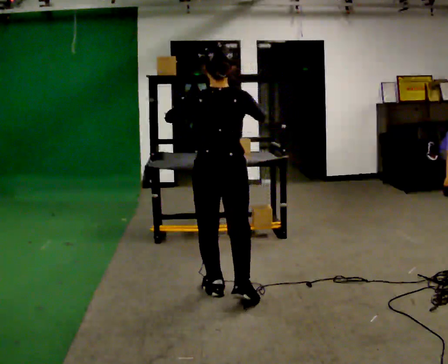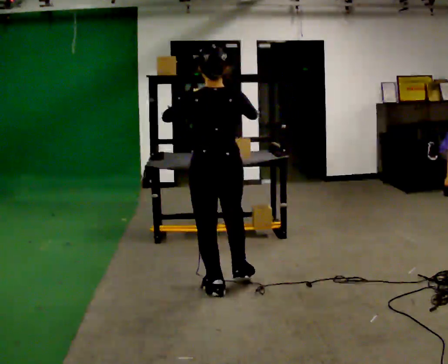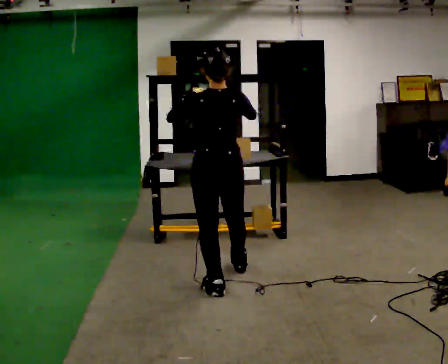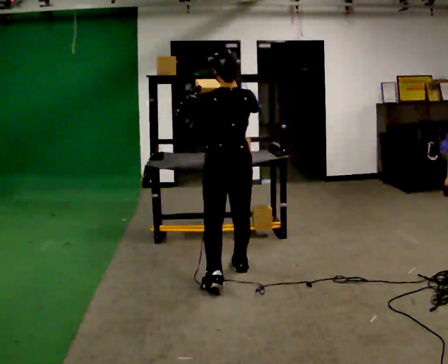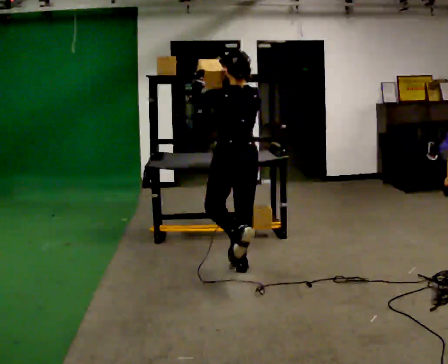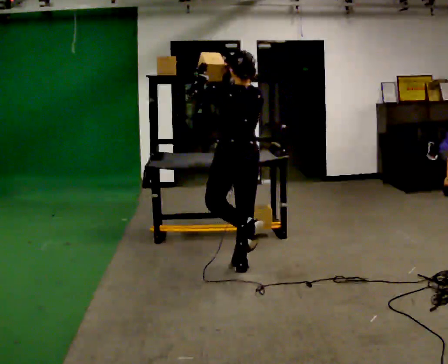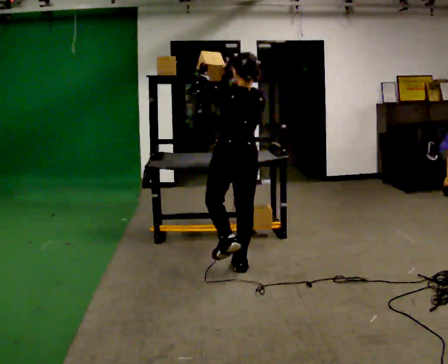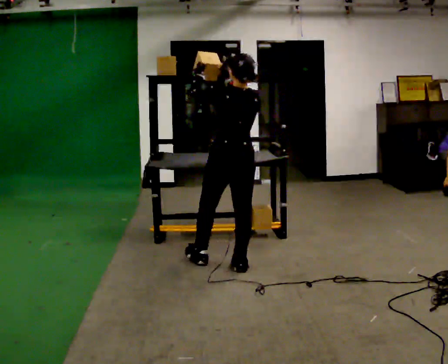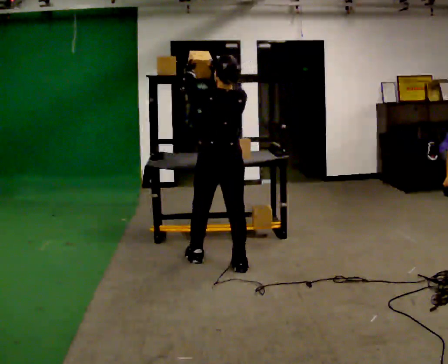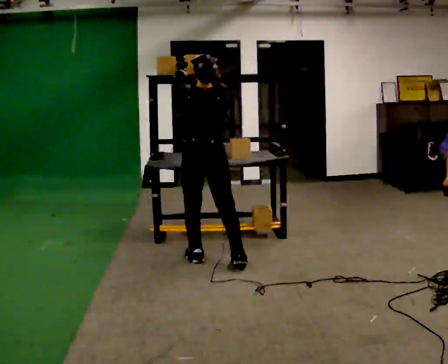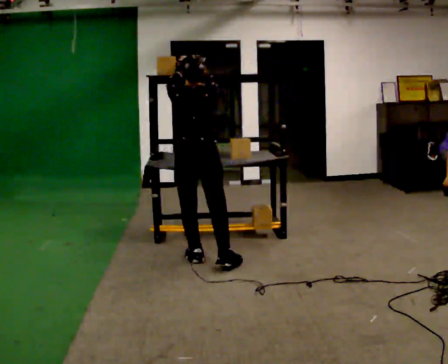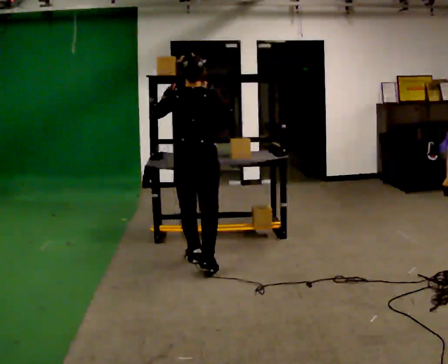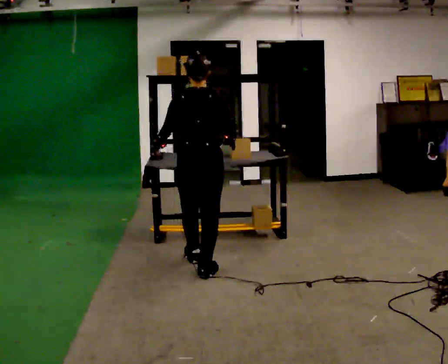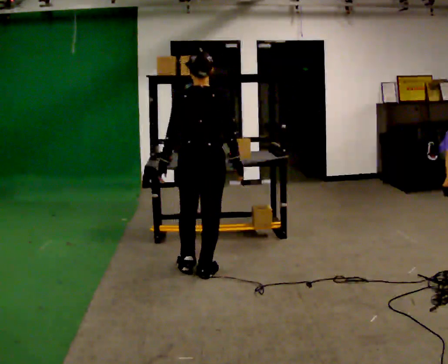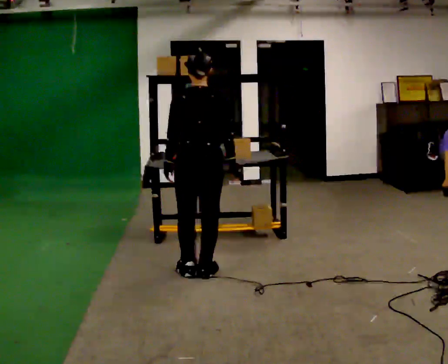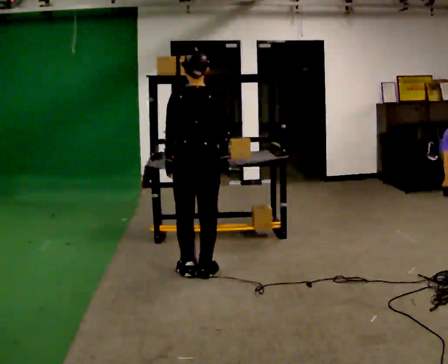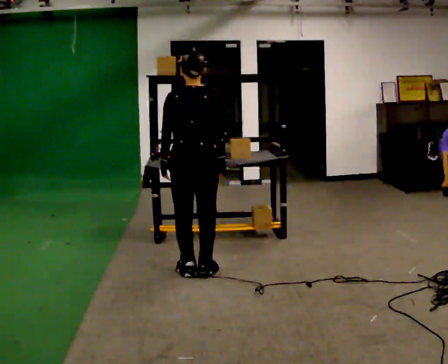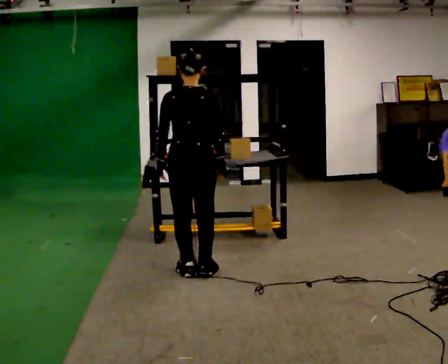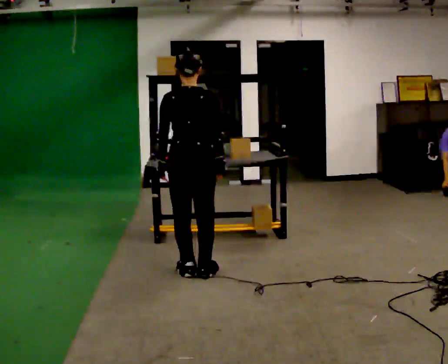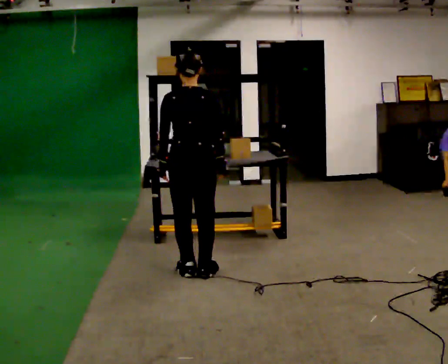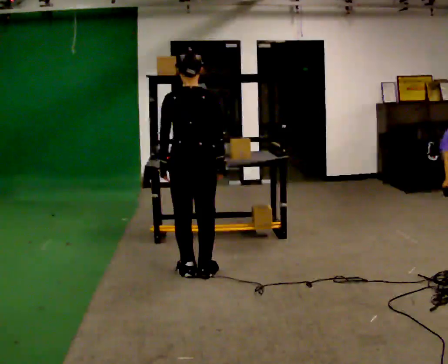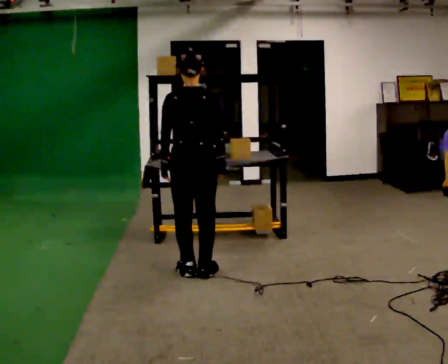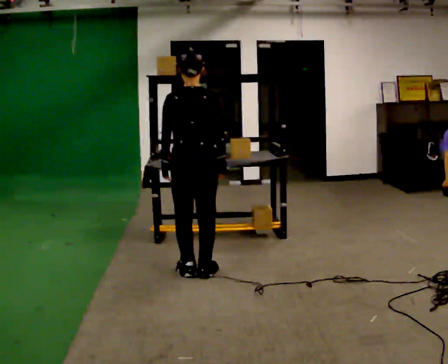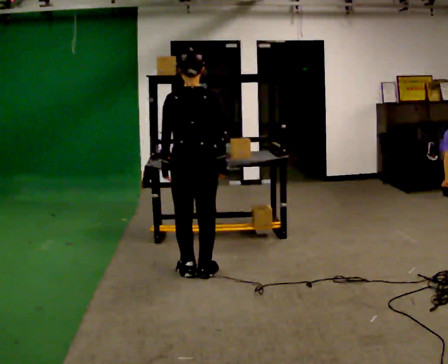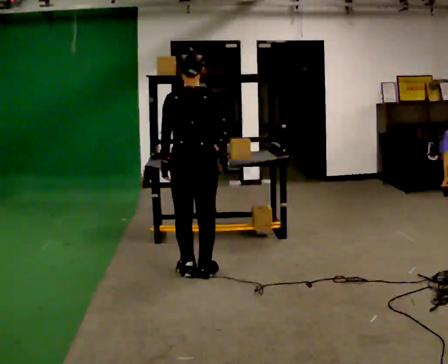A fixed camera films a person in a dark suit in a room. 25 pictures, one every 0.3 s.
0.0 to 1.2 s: In the picture they go away from the camera, about 0.5 m in 1 step, which for them is forward.
1.2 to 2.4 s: In the picture they go away from the camera, about 0.25 m in 1 step, which for them is forward.
2.4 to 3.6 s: In the picture they go toward the camera, about 0.25 m in 1 step, which for them is backward. In the picture their right hand goes downward.
3.6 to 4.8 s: The person moves a little, or ends about where they began.
4.8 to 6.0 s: The person keeps their place and pose.
6.0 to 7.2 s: The person moves a little, or ends about where they began.
The film runs forward here.
